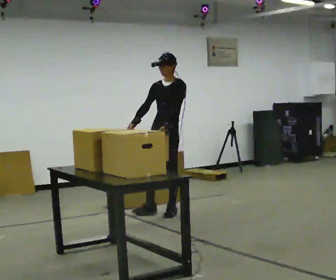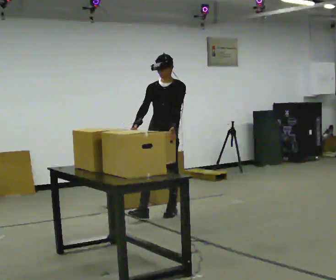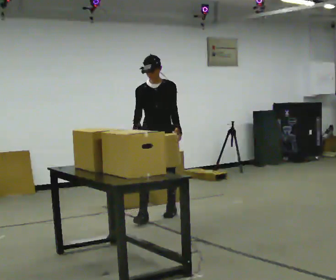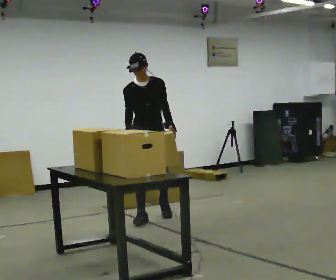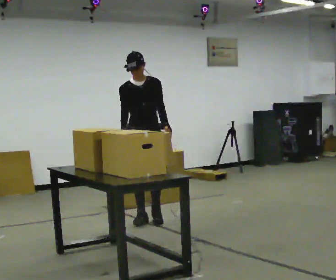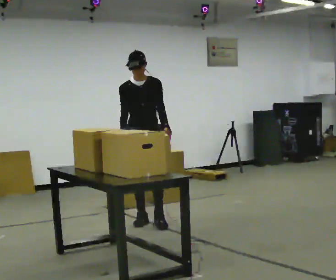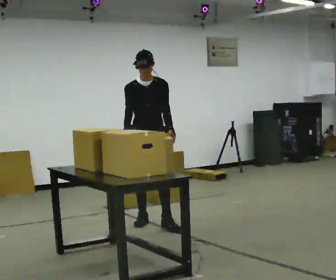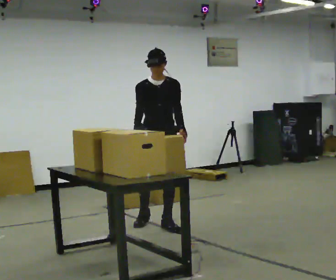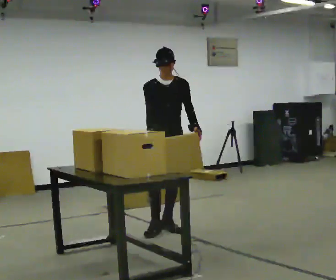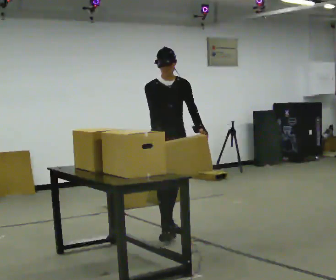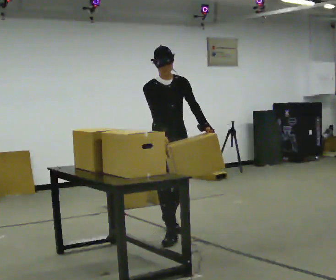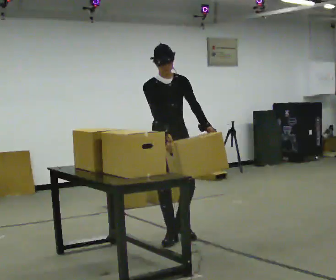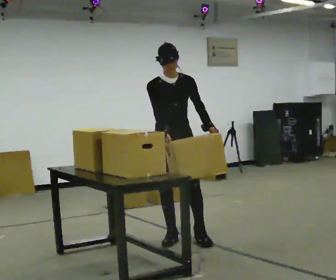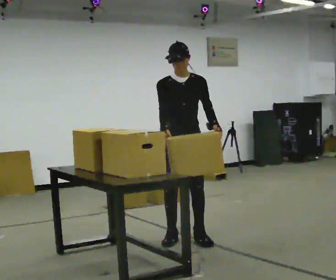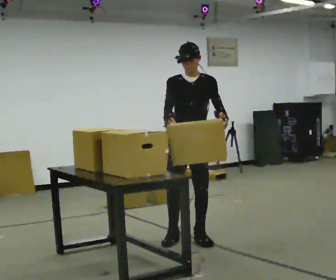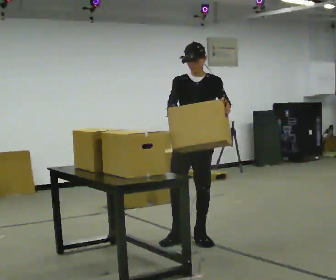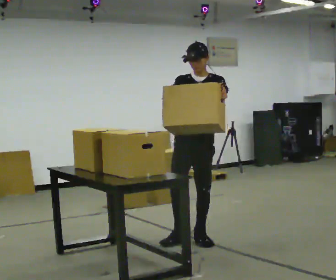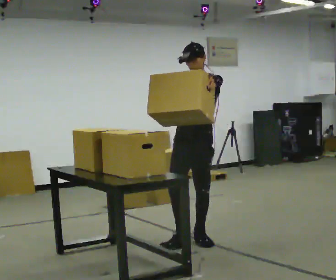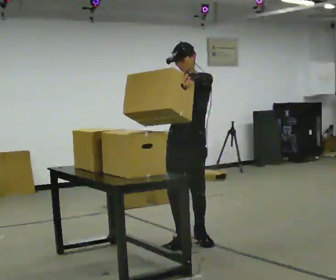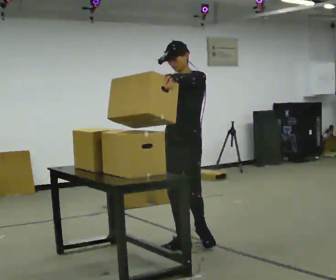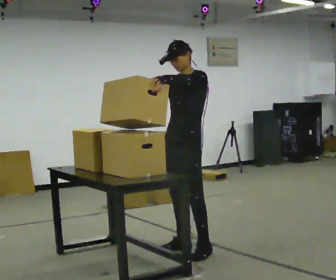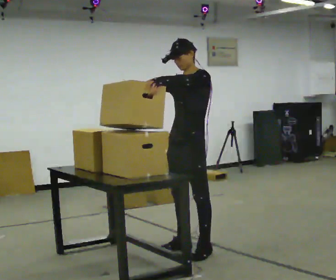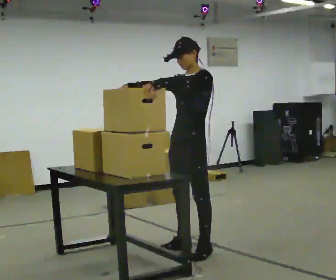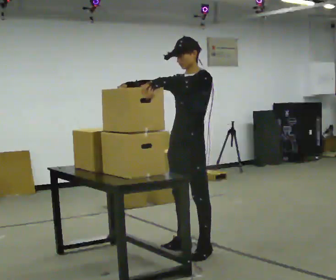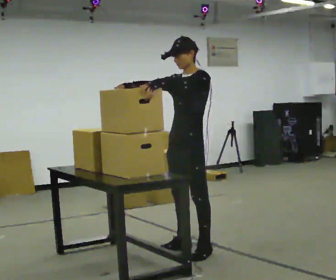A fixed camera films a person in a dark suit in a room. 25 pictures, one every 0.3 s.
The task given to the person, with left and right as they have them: Bring the boxes over one at a time and stack them on top of each other, walking back for each one. Keep going until the operator says stop; one object at a time, and do not rush between trips.
0.0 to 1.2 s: Seen from above the body turns counterclockwise, about 45 degrees: to their left, with its near side sliding to the right. In the picture they go toward the camera and to the left, about 0.5 m in 1 step, which for them is forward and to their right.
1.2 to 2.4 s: In the picture they go toward the camera and to the right, about 0.5 m in 1 step, which for them is forward and to their left.
2.4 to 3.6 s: In the picture they go toward the camera, about 0.5 m in 2 steps, which for them is forward.
3.6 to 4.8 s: The person turns about 30 degrees to their right, clockwise seen from above, so the part of the body nearest the lens slides to the left. In the picture they go to the right, about 0.25 m, which for them is to their left. In the picture their left hand goes upward.
4.8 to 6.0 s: The person turns about 30 degrees to their right, clockwise seen from above, so the part of the body nearest the lens slides to the left. In the picture they go toward the camera, about 0.25 m in 2 steps, which for them is forward.
6.0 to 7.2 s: The person moves a little, or ends about where they began.
The film runs forward here.
